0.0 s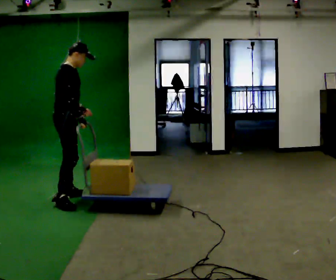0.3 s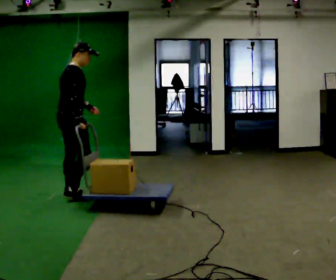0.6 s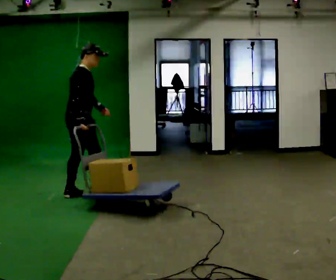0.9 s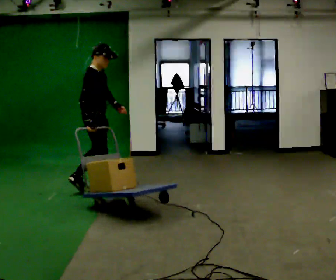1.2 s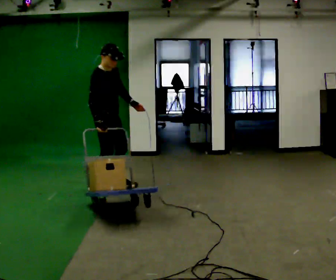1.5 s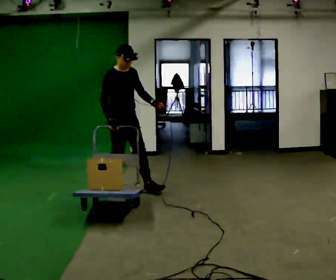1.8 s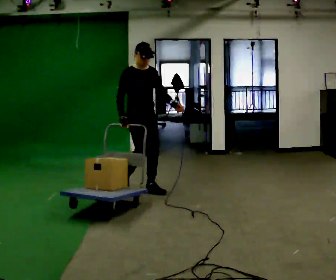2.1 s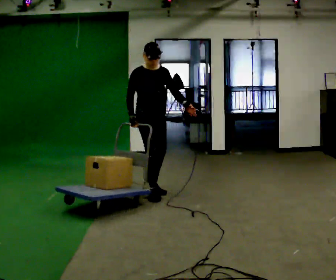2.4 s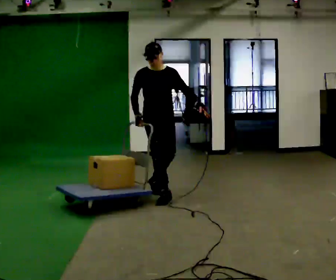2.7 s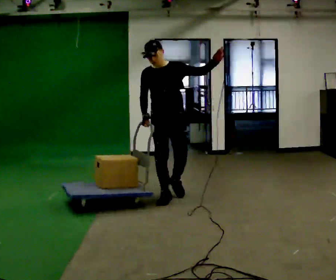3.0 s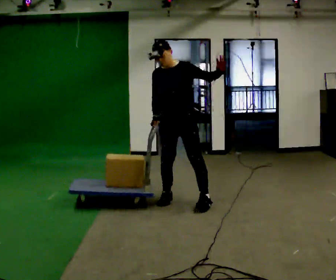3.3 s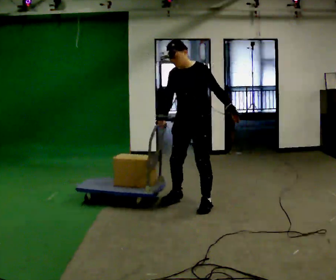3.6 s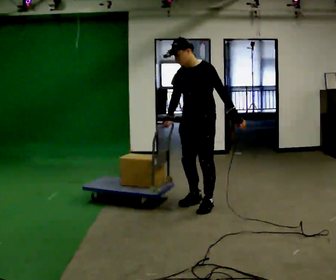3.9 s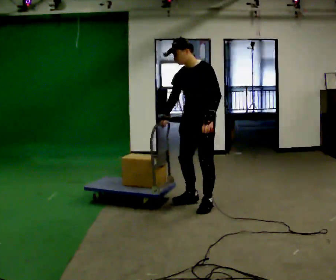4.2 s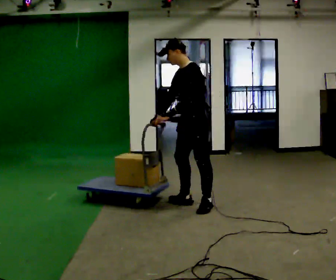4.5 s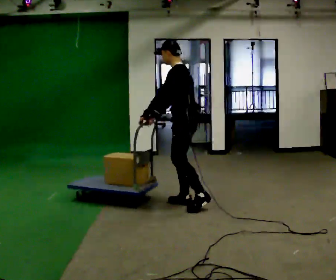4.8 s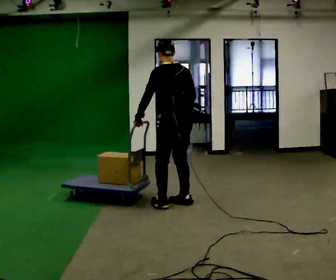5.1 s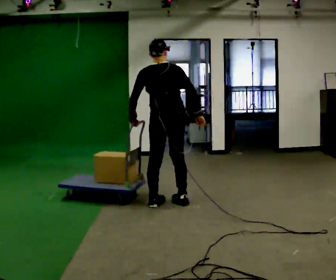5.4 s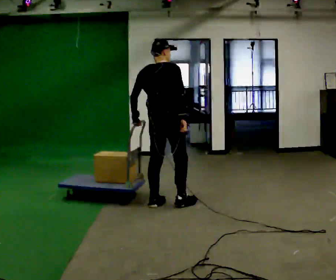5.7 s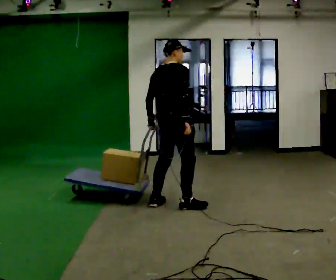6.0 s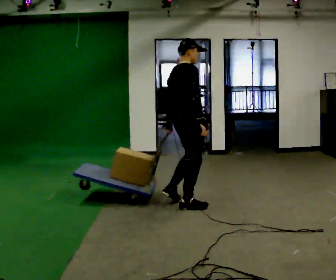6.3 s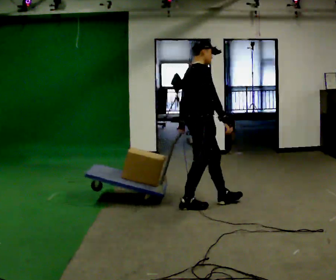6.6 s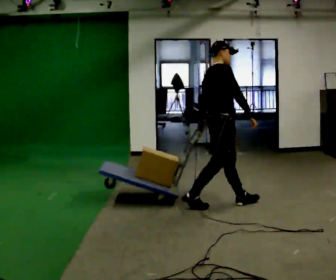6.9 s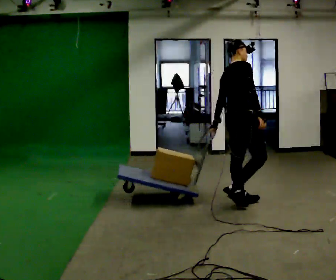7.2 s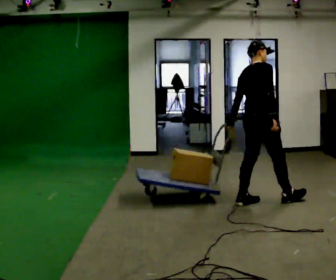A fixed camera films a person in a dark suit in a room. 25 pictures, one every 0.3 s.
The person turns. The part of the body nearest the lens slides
to the left.
The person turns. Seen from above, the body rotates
clockwise.
0.0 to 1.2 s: The part of the body nearest the lens slides to the left as the person turns to their right by about 30 degrees. In the picture they go away from the camera and to the right, about 0.5 m in 1 step, which for them is forward.
1.2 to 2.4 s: The person turns about 60 degrees to their right, clockwise seen from above, so the part of the body nearest the lens slides to the left. In the picture they go to the right, about 0.75 m in 2 steps, which for them is forward and to their left.
2.4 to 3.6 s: Seen from above the body turns clockwise, about 60 degrees: to their right, with its near side sliding to the left. In the picture they go to the right and toward the camera, about 0.5 m in 2 steps.
3.6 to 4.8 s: The part of the body nearest the lens slides to the left as the person turns to their right by about 105 degrees. In the picture they go to the left, about 0.25 m. In the picture their left hand goes to the left, the arm swinging clockwise.
4.8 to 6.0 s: The part of the body nearest the lens slides to the left as the person turns to their right by about 105 degrees.
6.0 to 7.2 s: In the picture they go to the right, about 1 m in 1 step, which for them is forward.
The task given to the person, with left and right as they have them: Pull the cart behind you as you walk backward across the room. The operator will confirm the space behind you is clear before each take.
The film runs forward here.
